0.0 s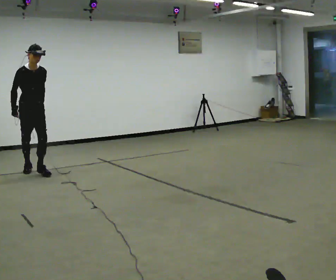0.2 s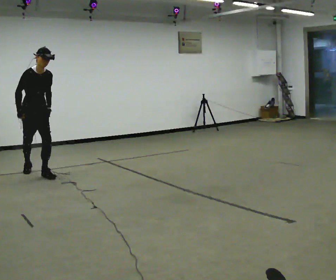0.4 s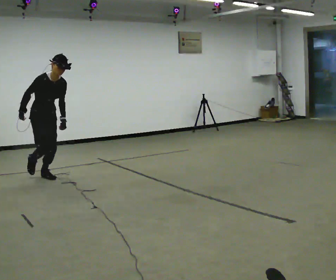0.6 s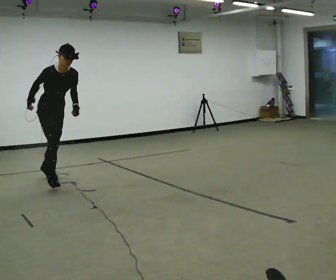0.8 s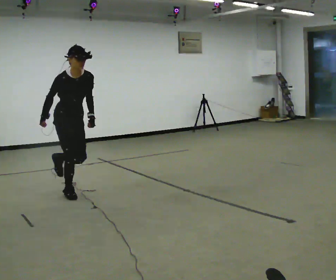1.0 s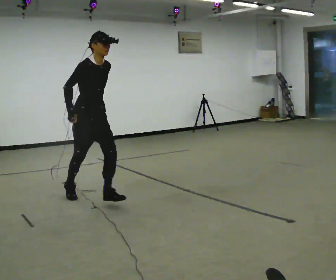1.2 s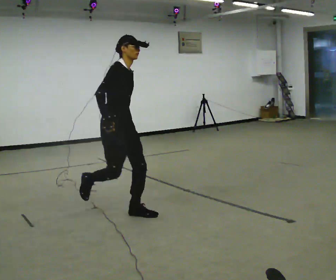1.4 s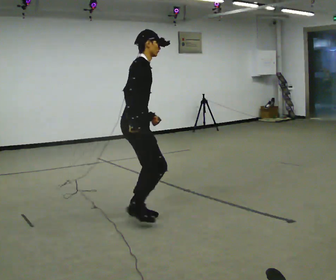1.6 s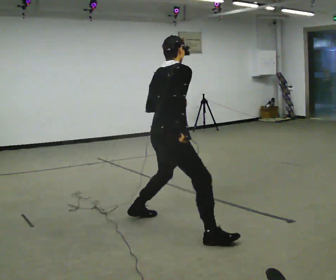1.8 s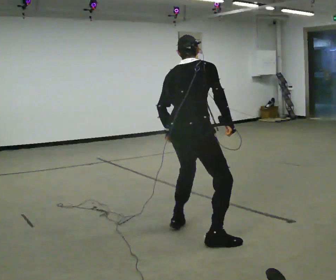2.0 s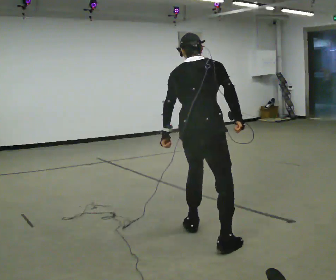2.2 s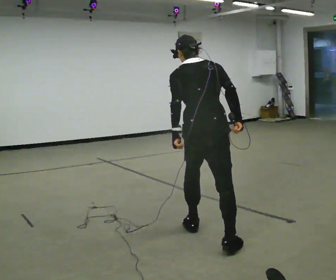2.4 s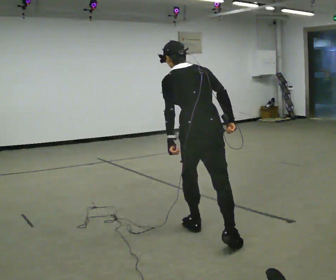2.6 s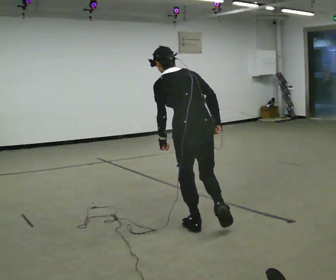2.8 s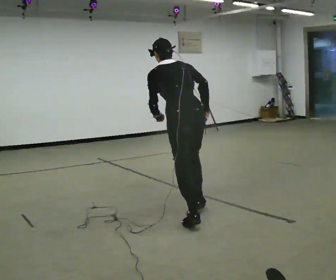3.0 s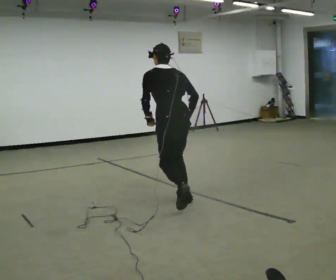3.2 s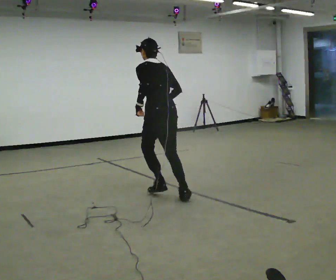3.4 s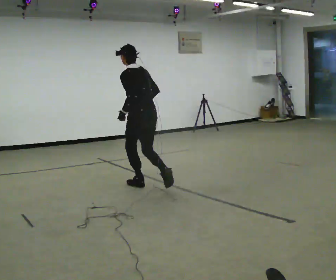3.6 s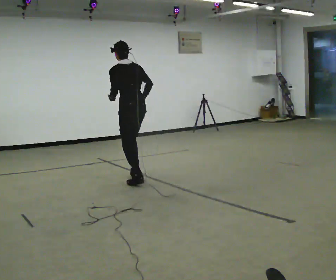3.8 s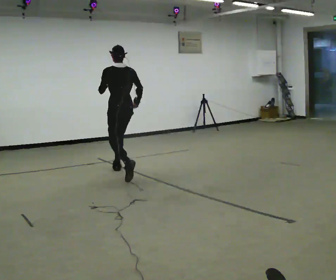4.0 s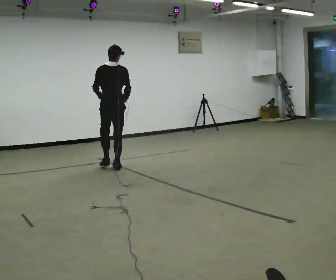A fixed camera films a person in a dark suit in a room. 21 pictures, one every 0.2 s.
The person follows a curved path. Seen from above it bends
counterclockwise.
0.0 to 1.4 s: Seen from above the body turns counterclockwise, about 60 degrees: to their left, with its near side sliding to the right. In the picture they go toward the camera and to the right, about 2.5 m in 3 steps, which for them is forward.
1.4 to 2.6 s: The part of the body nearest the lens slides to the right as the person turns to their left by about 105 degrees. In the picture they go to the right, about 0.5 m in 2 steps. In the picture the upper body tilts counterclockwise, shoulders to the left, as they bend forward.
2.6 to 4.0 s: In the picture they go away from the camera and to the left, about 2.5 m in 3 steps, which for them is forward. The upper body tips toward the camera, its near side rolling downward, as they lean back or straighten.
The film runs forward here.
